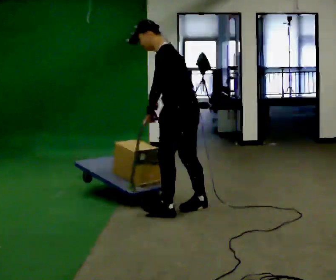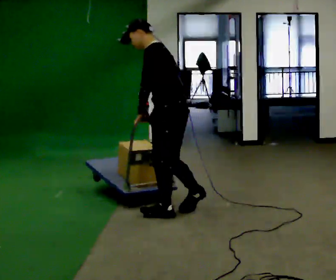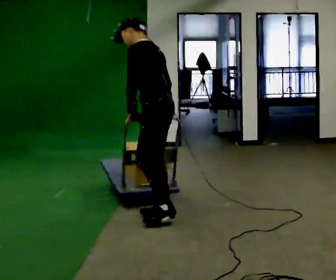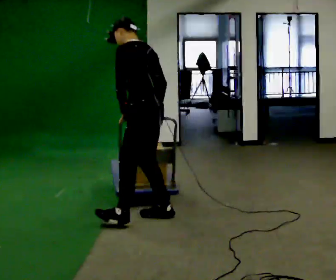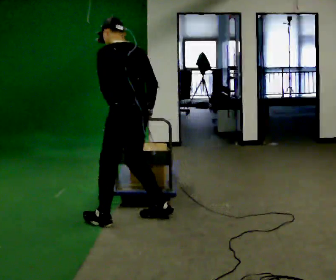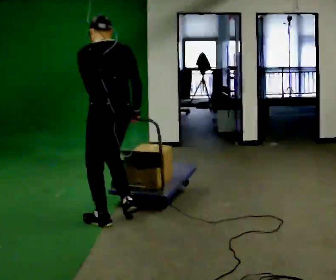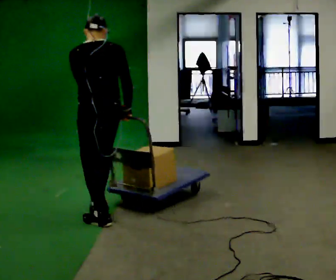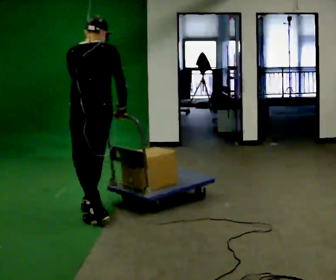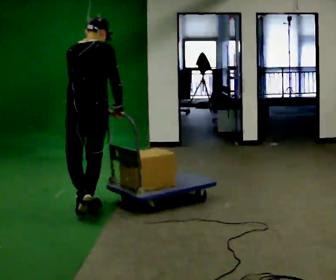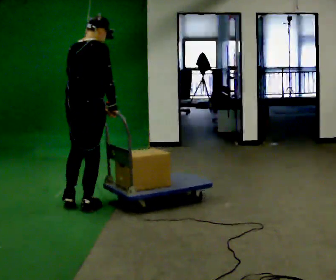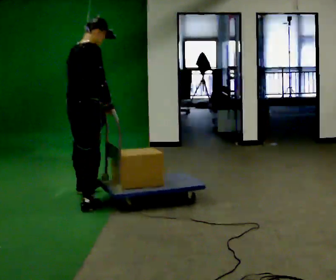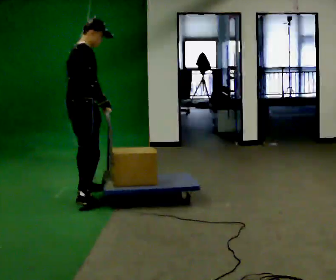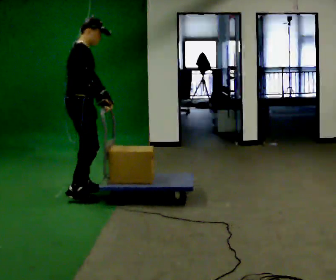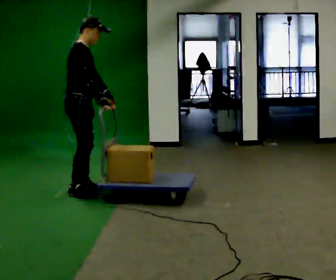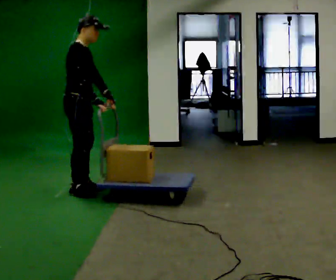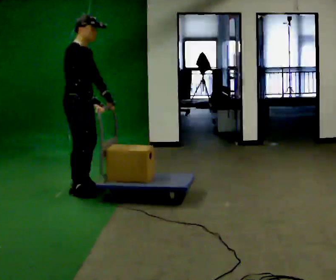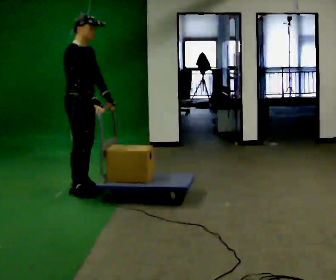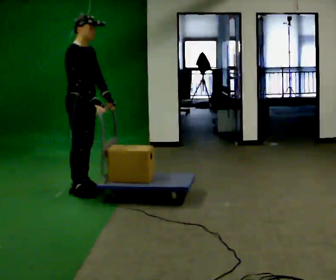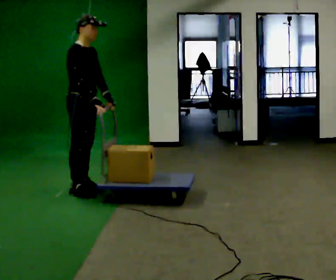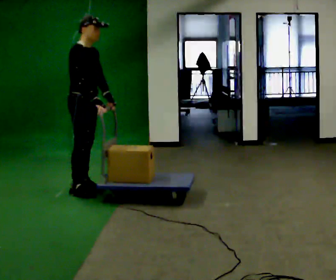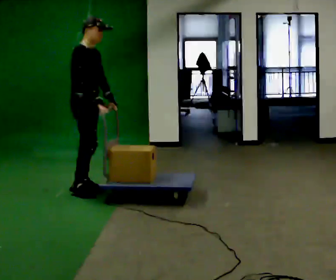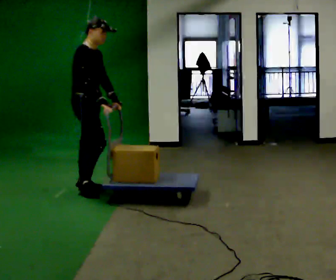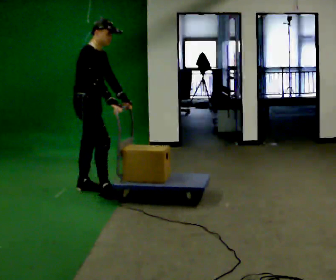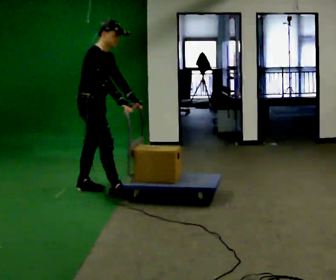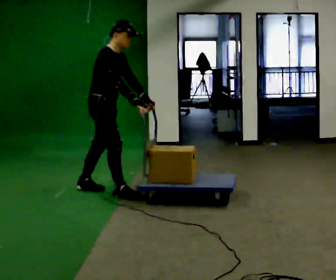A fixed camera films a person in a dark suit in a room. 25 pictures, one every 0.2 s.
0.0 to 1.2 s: Seen from above the body turns clockwise, about 90 degrees: to their right, with its near side sliding to the left. In the picture they go to the left, about 0.5 m in 1 step.
1.2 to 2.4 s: The part of the body nearest the lens slides to the left as the person turns to their right by about 105 degrees. In the picture they go away from the camera, about 1 m in 2 steps.
2.4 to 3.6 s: Seen from above the body turns clockwise, about 30 degrees: to their right, with its near side sliding to the left. In the picture they go away from the camera, about 0.25 m in 1 step, which for them is to their left.
3.6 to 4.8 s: In the picture they go to the right, about 0.25 m in 1 step, which for them is forward. In the picture their right hand goes to the right.
The film runs forward here.
